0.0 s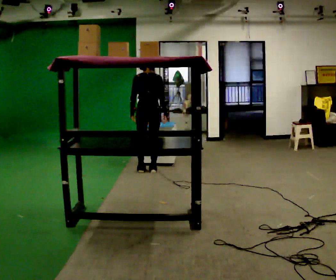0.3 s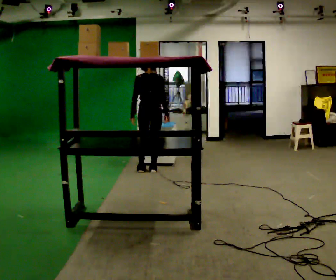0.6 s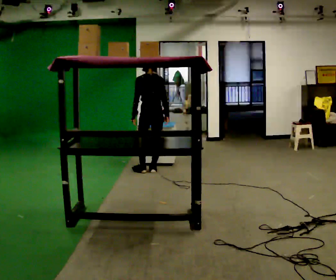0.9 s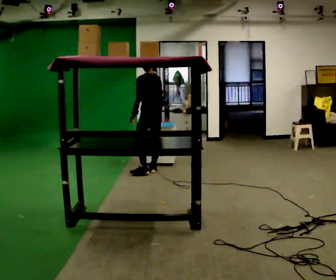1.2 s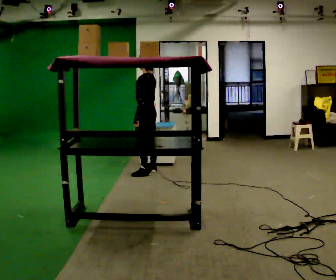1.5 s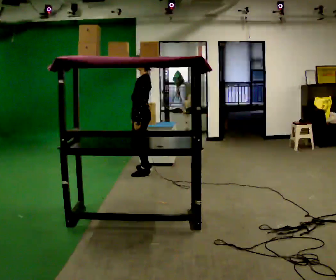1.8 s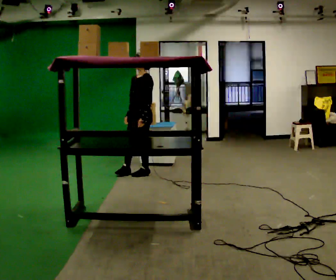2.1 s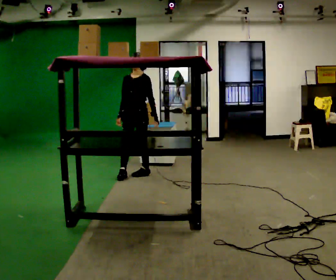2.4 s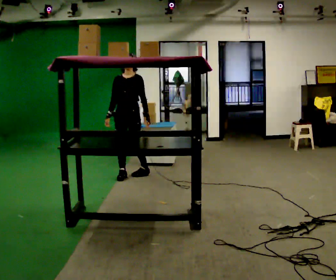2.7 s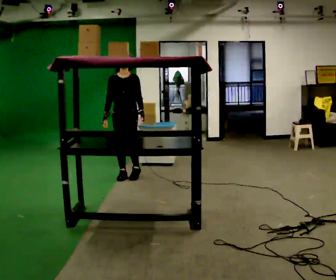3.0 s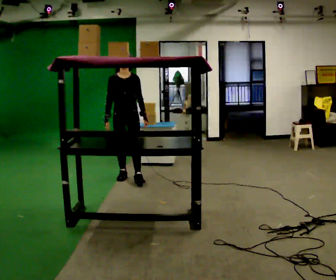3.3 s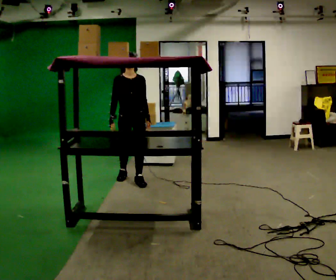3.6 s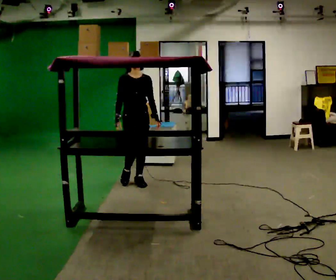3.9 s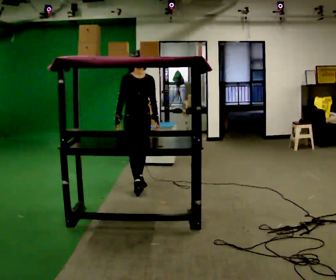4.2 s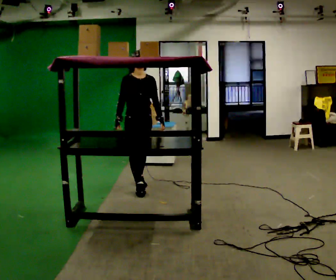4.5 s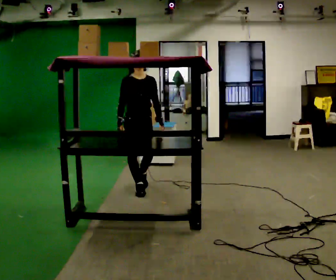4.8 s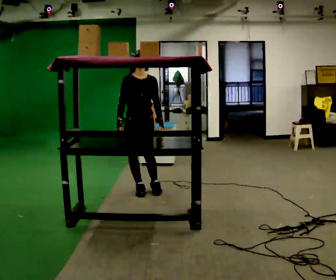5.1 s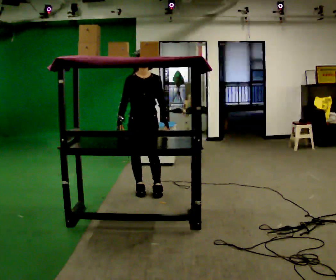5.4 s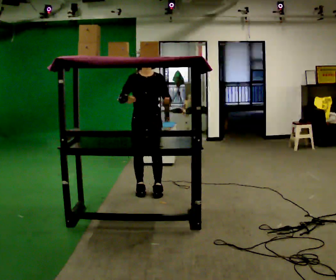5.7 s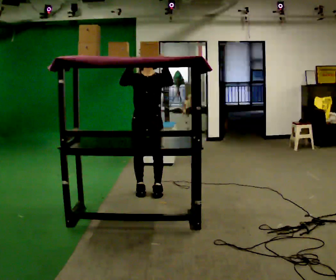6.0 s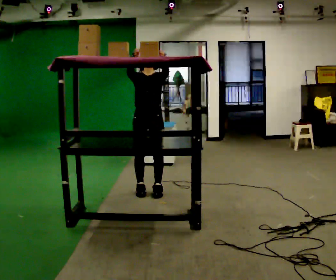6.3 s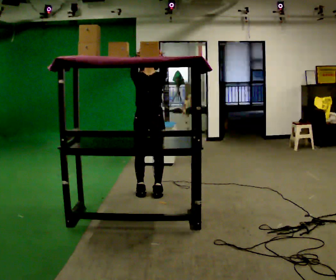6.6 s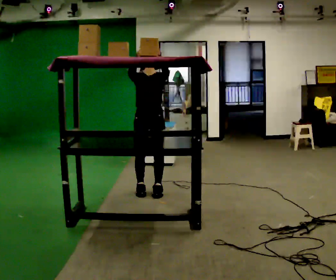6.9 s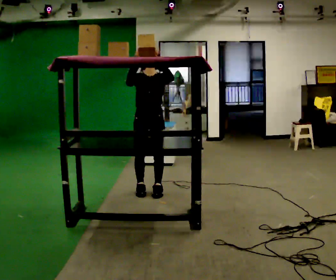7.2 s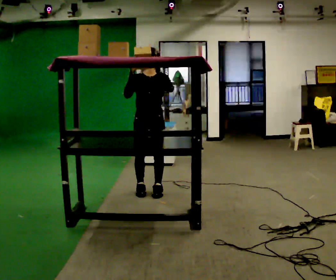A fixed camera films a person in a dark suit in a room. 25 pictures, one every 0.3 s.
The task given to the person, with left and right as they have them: Reach up into the bin on the top shelf, take out one object at a time, and carry it to the table. Keep going until the operator says stop; one object at a time, and do not rush between trips.
0.0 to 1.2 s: Seen from above the body turns counterclockwise, about 60 degrees: to their left, with its near side sliding to the right.
1.2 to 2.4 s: The person turns about 105 degrees to their left, counterclockwise seen from above, so the part of the body nearest the lens slides to the right. In the picture they go to the left and toward the camera, about 0.25 m in 1 step.
2.4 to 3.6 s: The person turns about 30 degrees to their left, counterclockwise seen from above, so the part of the body nearest the lens slides to the right. In the picture they go toward the camera, about 0.25 m in 1 step, which for them is forward.
3.6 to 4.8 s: In the picture they go toward the camera, about 0.25 m in 1 step, which for them is forward.
4.8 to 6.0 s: In the picture their left hand goes upward.
6.0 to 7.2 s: The person moves a little, or ends about where they began.
The film runs forward here.
